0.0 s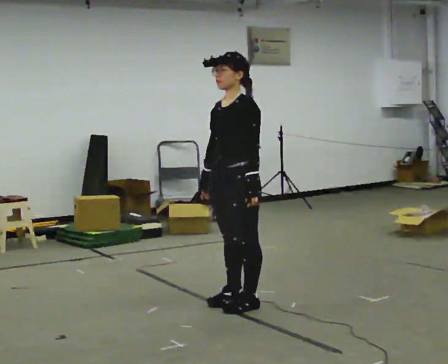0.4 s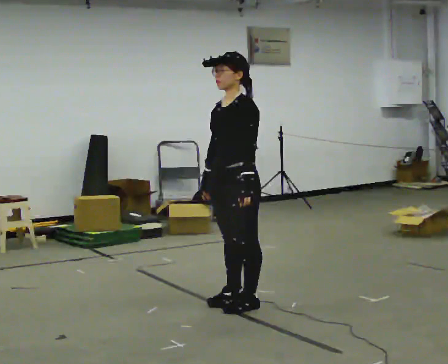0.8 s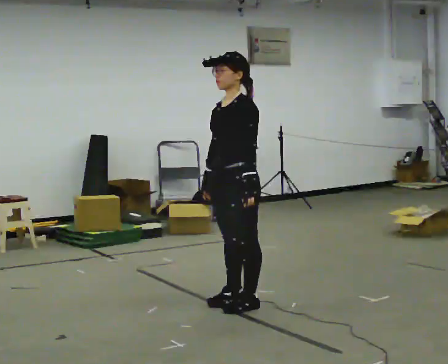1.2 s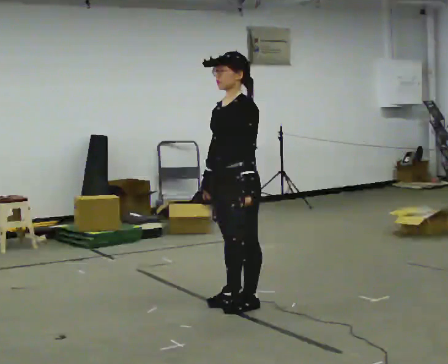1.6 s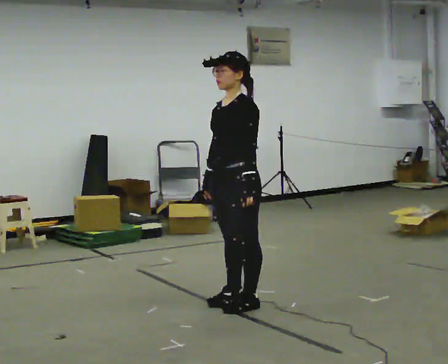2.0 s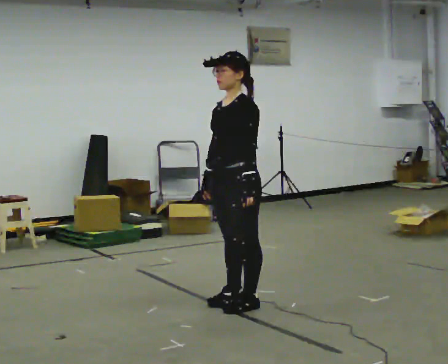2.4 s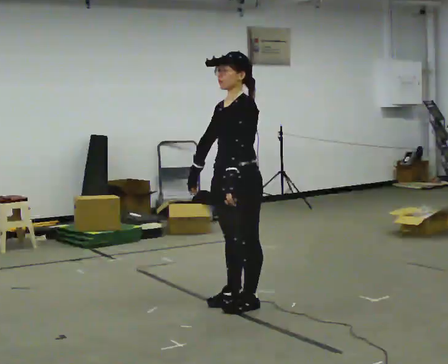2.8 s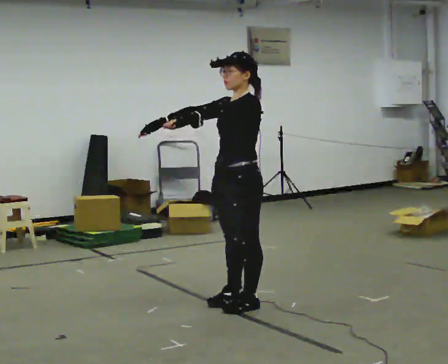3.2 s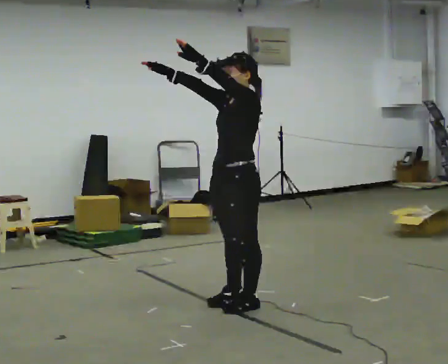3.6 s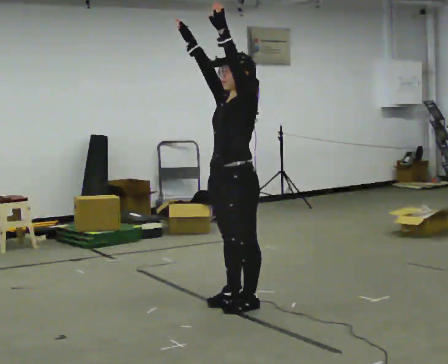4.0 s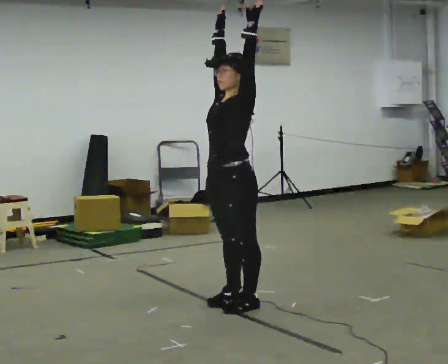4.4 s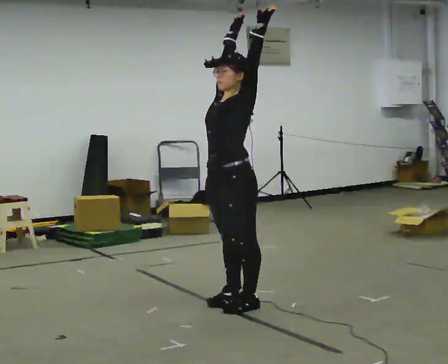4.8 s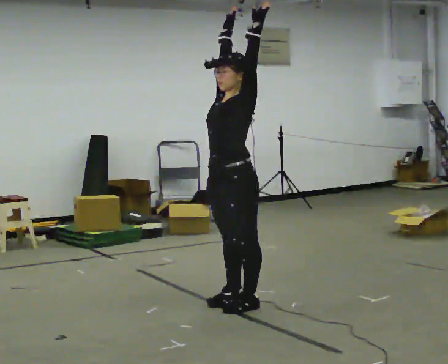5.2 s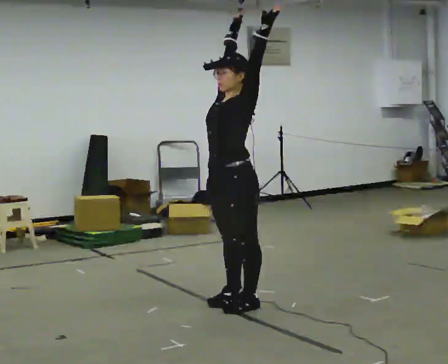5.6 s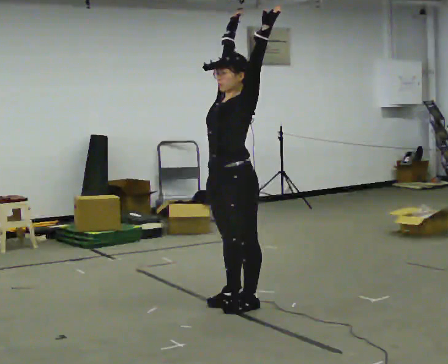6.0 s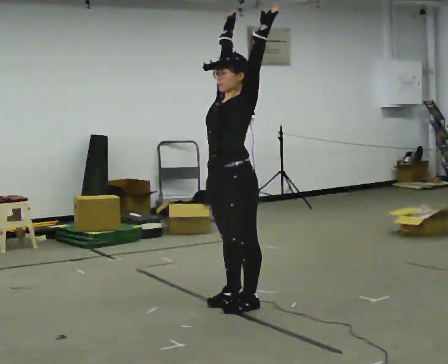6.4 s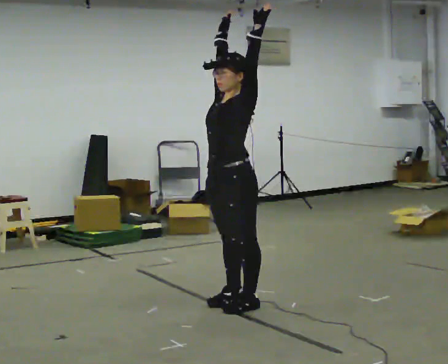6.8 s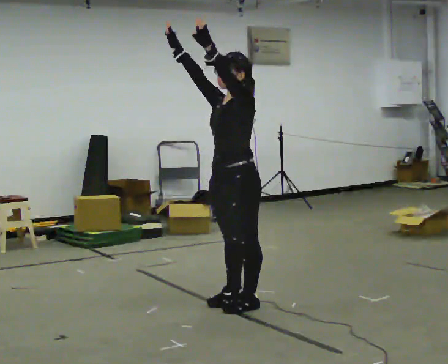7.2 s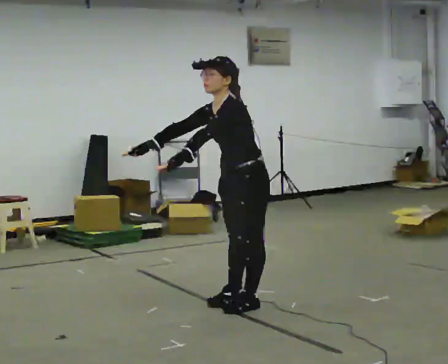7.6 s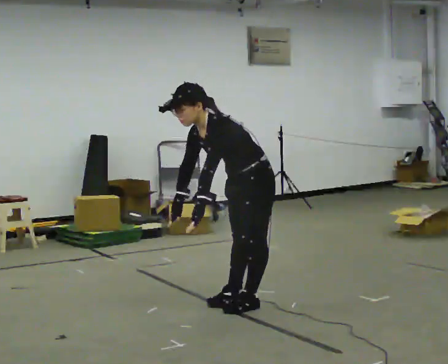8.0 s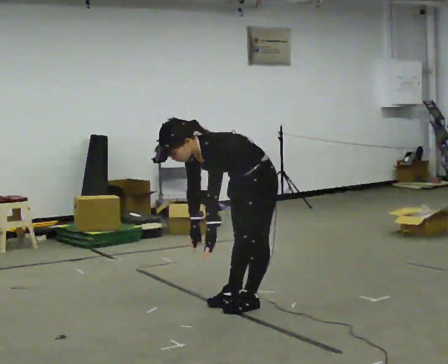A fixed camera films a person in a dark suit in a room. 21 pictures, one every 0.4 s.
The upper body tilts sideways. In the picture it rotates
counterclockwise.
The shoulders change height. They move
downward.
0.0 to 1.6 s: The person moves a little, or ends about where they began.
1.6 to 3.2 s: In the picture their left hand goes upward, the arm swinging clockwise.
3.2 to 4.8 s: In the picture their right hand goes to the right, the arm swinging clockwise.
4.8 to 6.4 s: The person moves a little, or ends about where they began.
6.4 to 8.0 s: The upper body goes downward. In the picture the upper body tilts counterclockwise, shoulders to the left, as they bend forward. In the picture their right hand goes downward, the arm swinging counterclockwise.
The film runs forward here.
